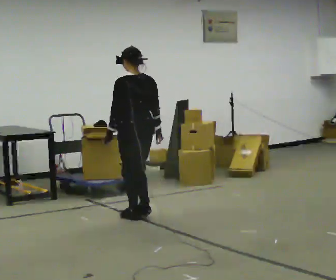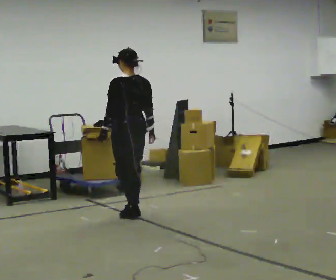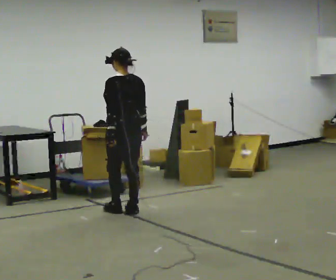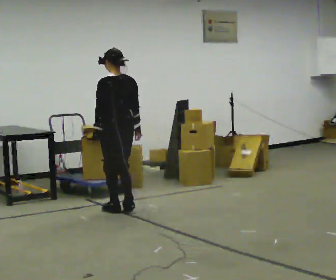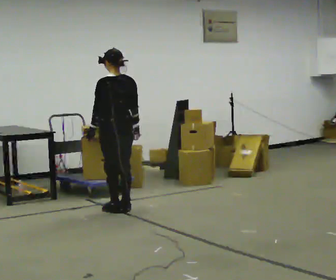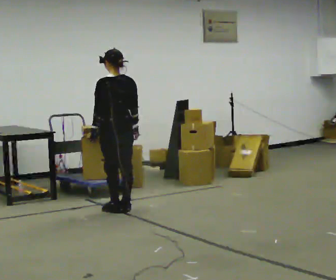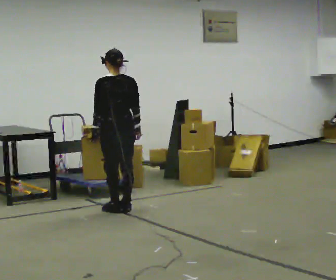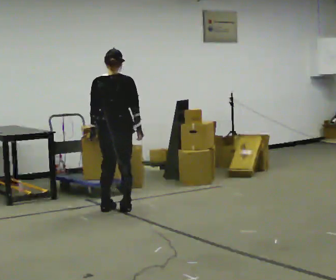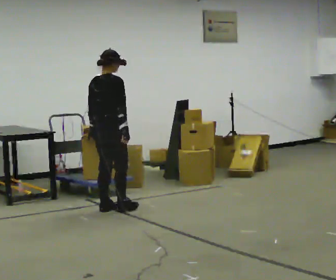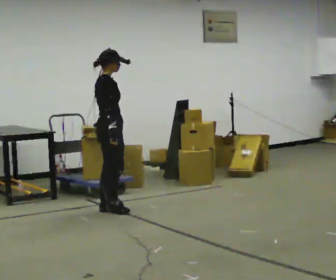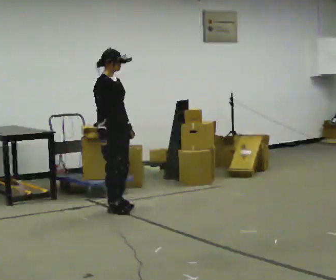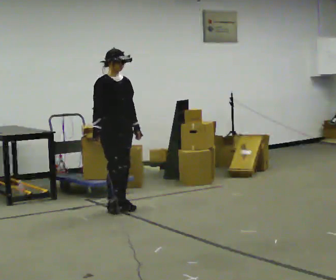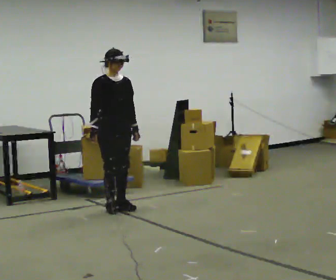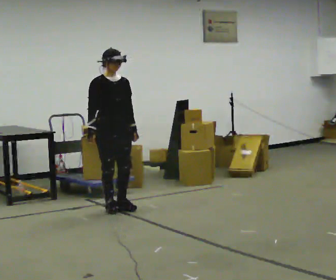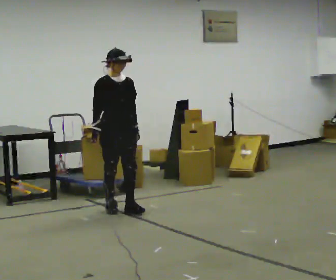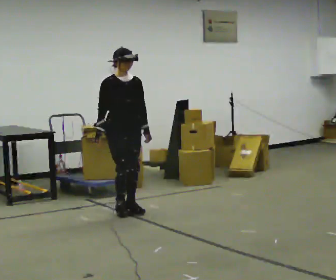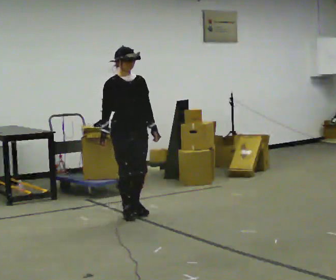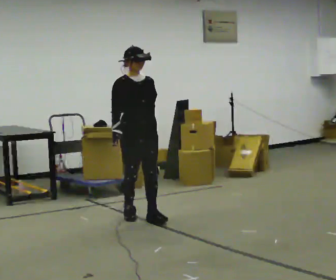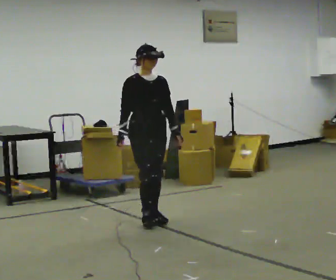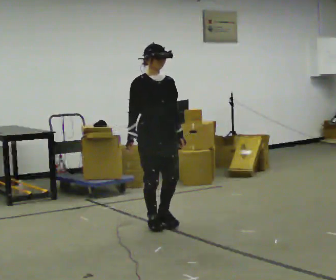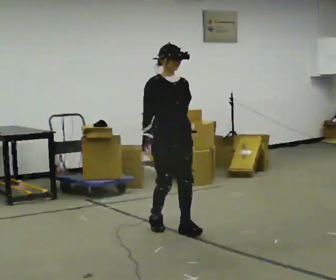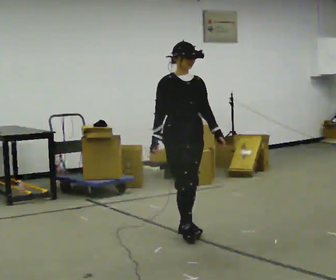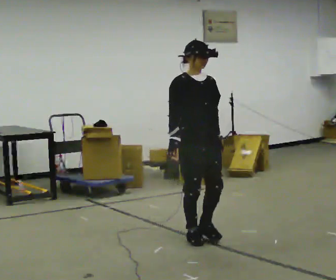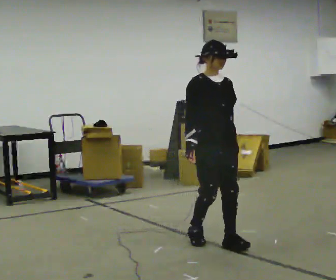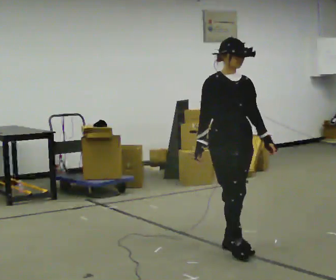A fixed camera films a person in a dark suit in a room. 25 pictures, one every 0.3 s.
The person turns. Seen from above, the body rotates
clockwise.
The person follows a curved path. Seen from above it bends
counterclockwise.
0.0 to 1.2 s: In the picture they go away from the camera and to the left, about 0.5 m in 2 steps, which for them is forward.
1.2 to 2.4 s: The person turns about 75 degrees to their right, clockwise seen from above, so the part of the body nearest the lens slides to the left.
2.4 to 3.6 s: Seen from above the body turns clockwise, about 105 degrees: to their right, with its near side sliding to the left. In the picture their left hand goes to the right.
3.6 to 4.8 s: In the picture they go toward the camera, about 0.25 m in 2 steps, which for them is forward.
4.8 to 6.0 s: In the picture they go toward the camera and to the right, about 0.75 m in 3 steps, which for them is forward.
6.0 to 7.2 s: In the picture they go toward the camera and to the right, about 0.5 m in 2 steps, which for them is forward.
The film runs forward here.
